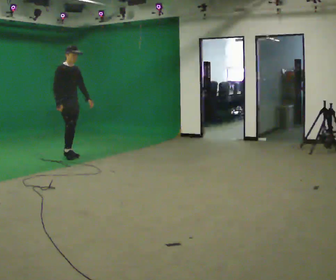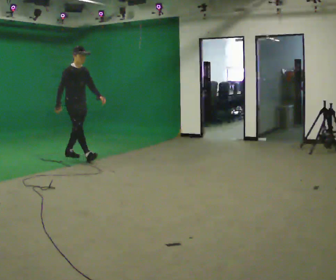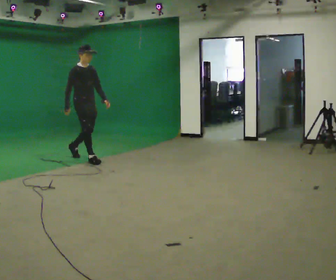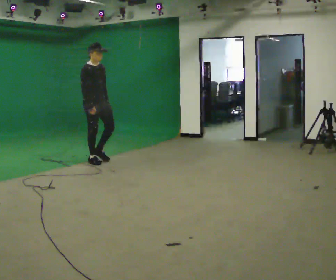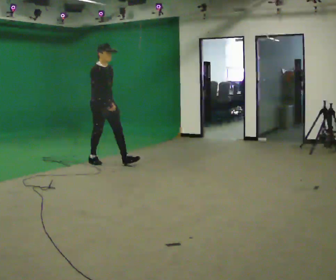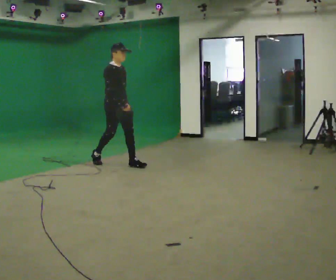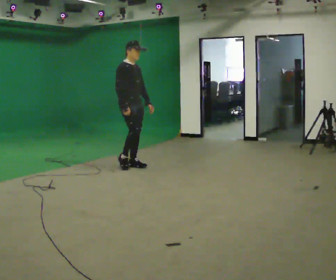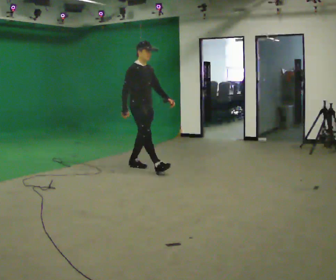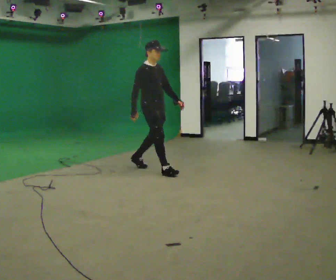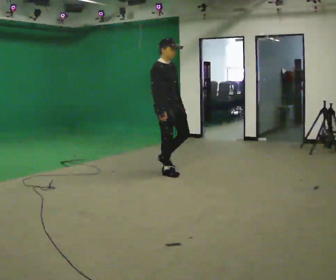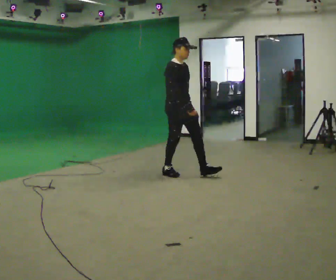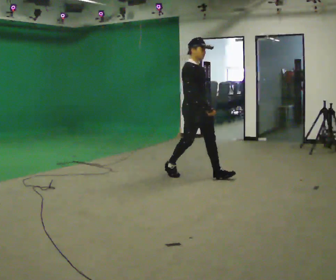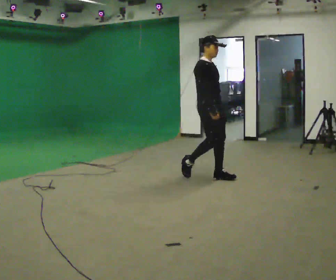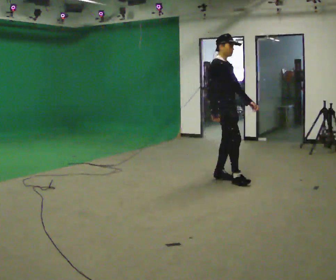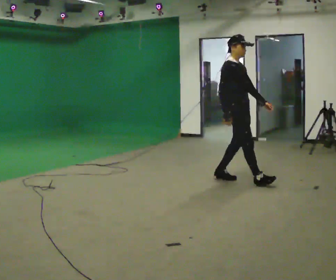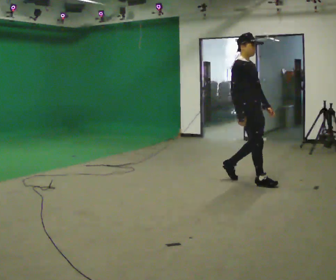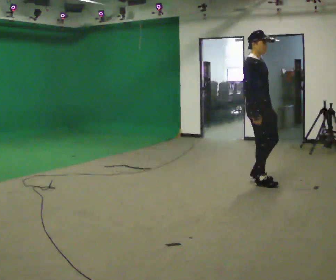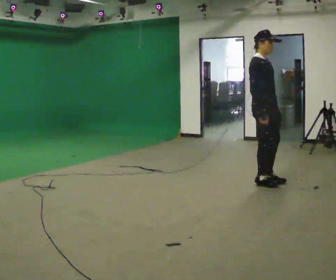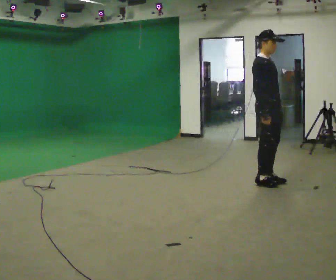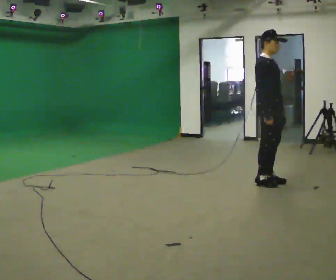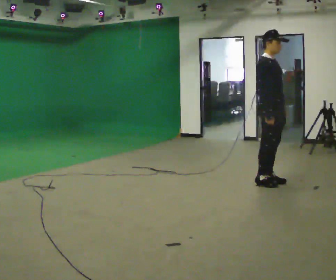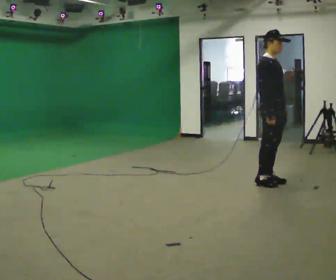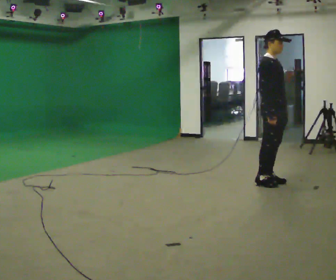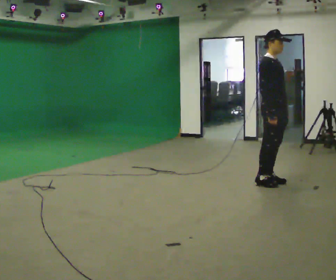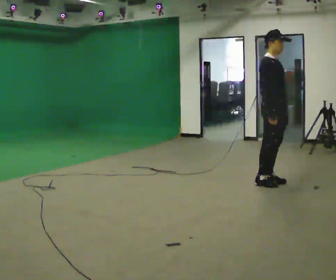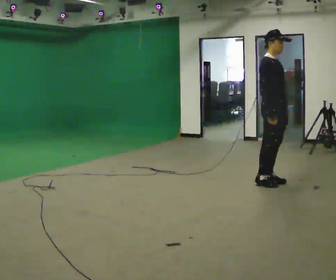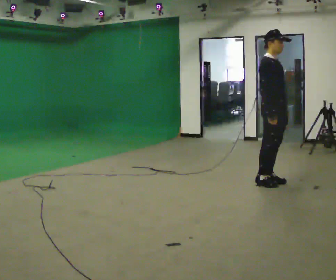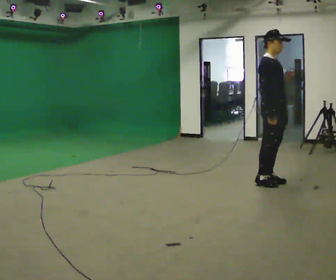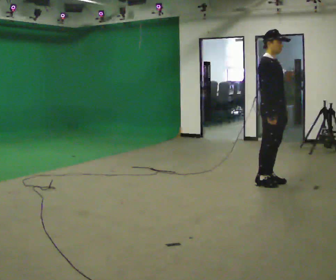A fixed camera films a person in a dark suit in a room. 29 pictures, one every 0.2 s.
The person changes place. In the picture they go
to the right.
0.0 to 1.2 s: In the picture they go to the right and toward the camera, about 1 m in 2 steps, which for them is forward.
1.2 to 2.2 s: In the picture they go to the right and toward the camera, about 1 m in 2 steps, which for them is forward.
2.2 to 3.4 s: In the picture they go to the right and toward the camera, about 1 m in 2 steps, which for them is forward.
3.4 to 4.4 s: The person moves a little, or ends about where they began.
4.4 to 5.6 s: The person keeps their place and pose.
The film runs forward here.
